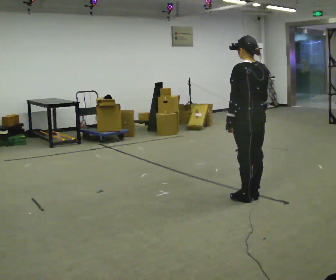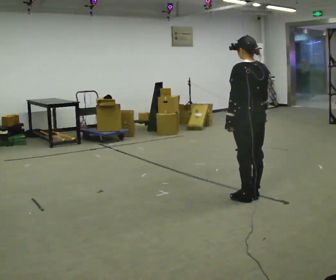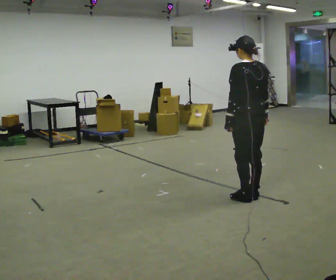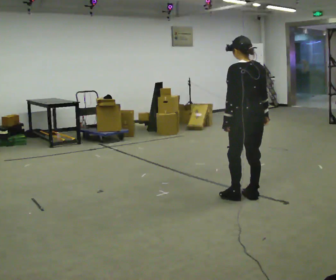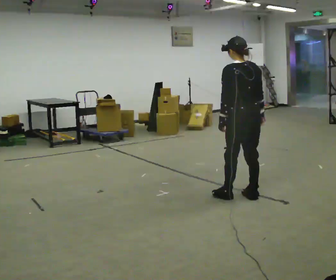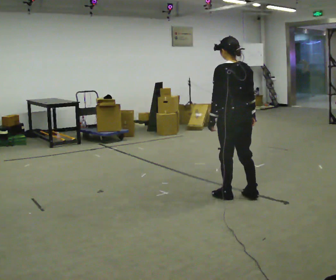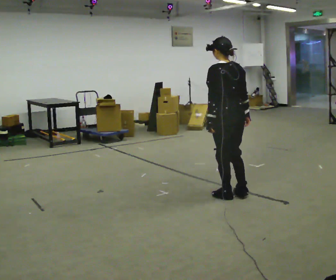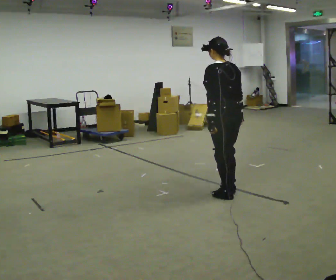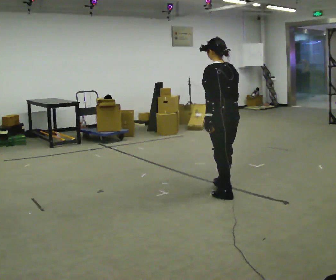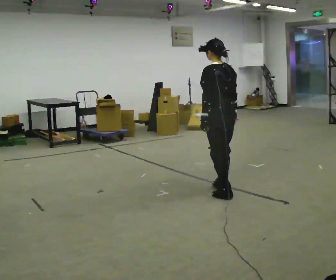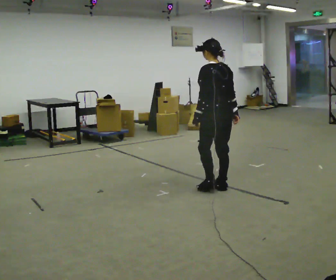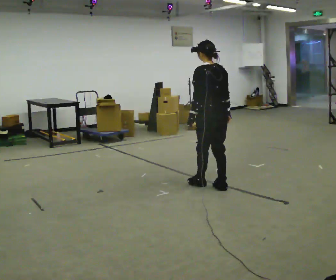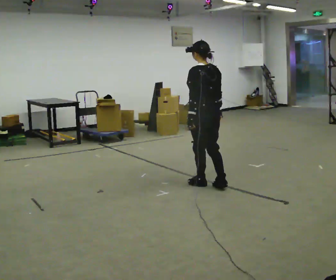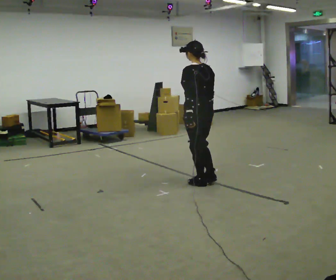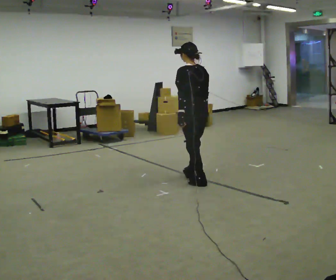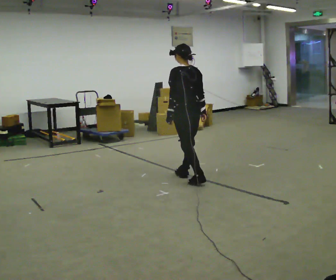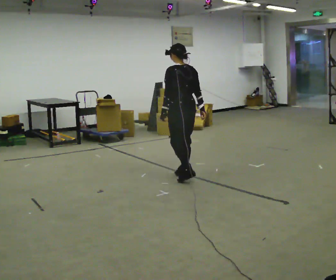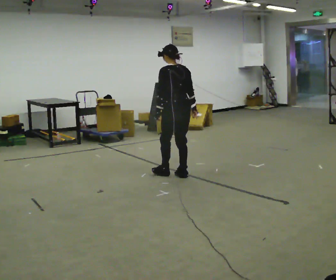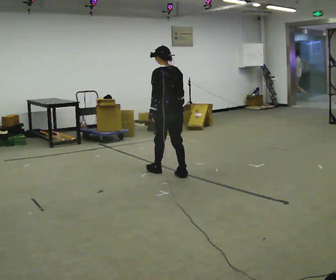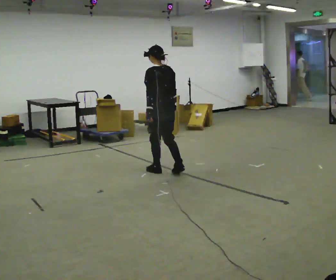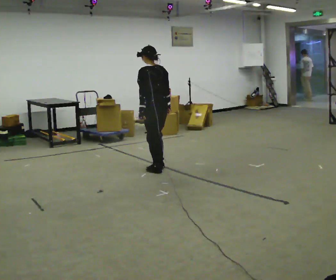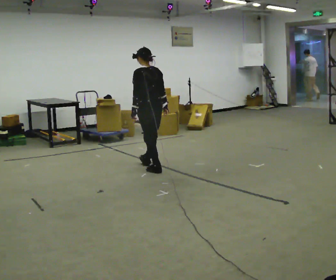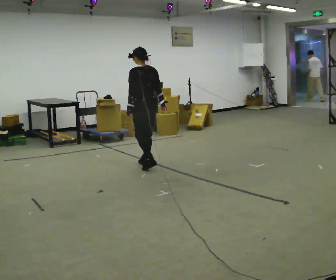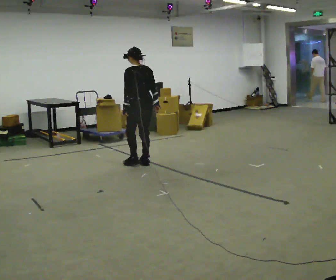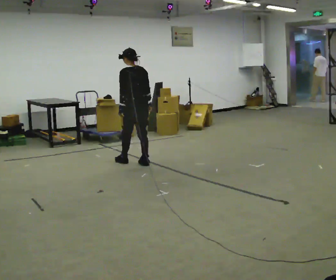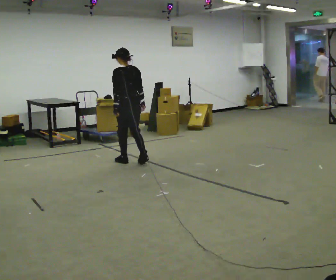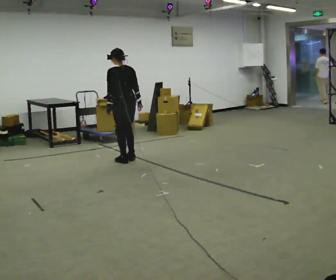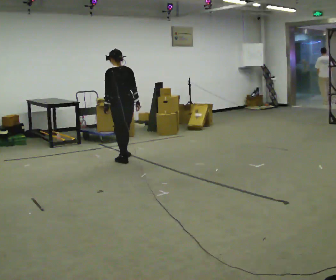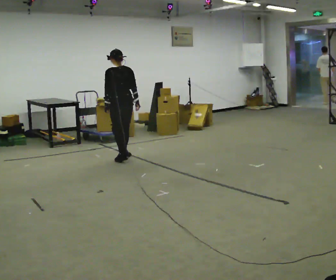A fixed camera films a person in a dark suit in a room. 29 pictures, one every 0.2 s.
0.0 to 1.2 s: In the picture they go to the left, about 0.25 m in 2 steps, which for them is forward.
1.2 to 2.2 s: In the picture they go away from the camera, about 0.25 m in 1 step, which for them is forward.
2.2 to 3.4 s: In the picture they go away from the camera and to the left, about 0.75 m in 2 steps, which for them is forward.
3.4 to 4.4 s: In the picture they go away from the camera and to the left, about 0.5 m in 2 steps, which for them is forward.
4.4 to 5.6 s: In the picture they go away from the camera and to the left, about 0.5 m in 1 step, which for them is forward.
The film runs backward here.
